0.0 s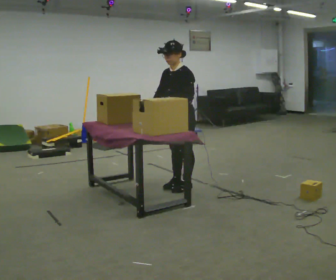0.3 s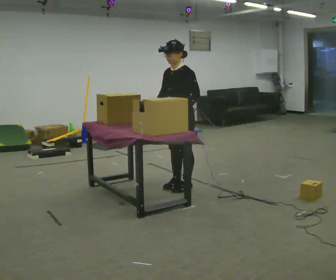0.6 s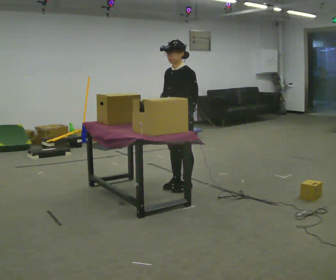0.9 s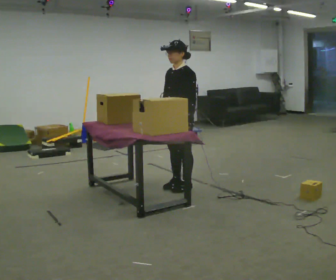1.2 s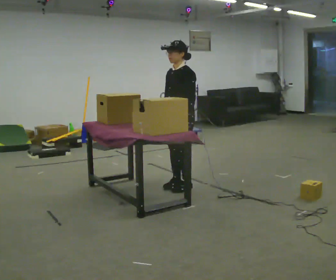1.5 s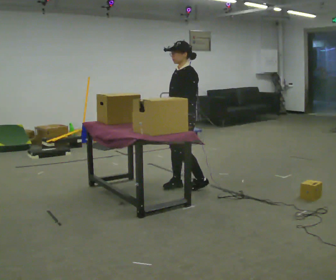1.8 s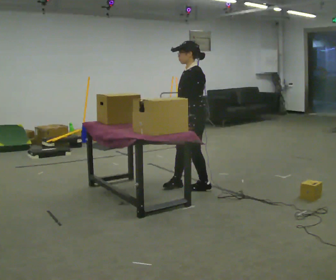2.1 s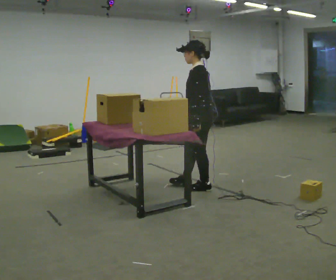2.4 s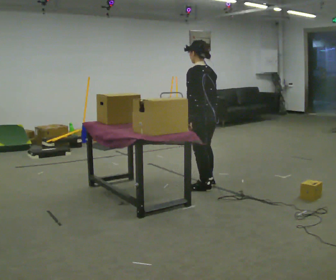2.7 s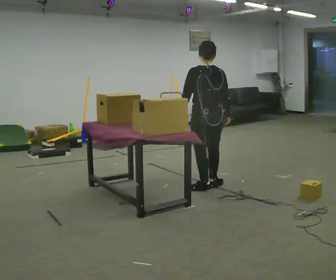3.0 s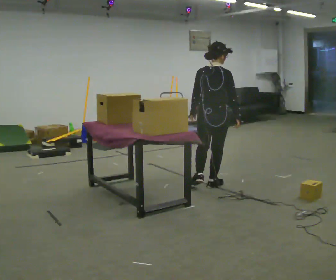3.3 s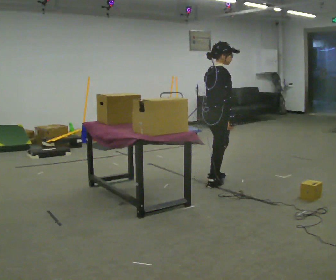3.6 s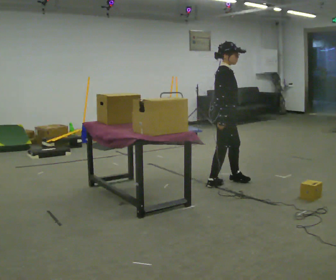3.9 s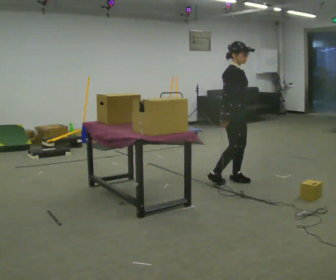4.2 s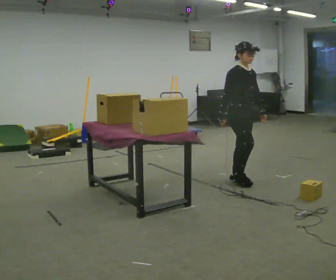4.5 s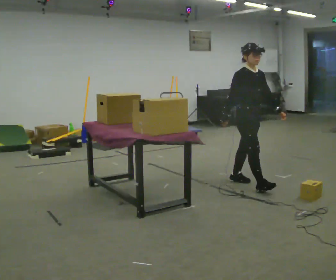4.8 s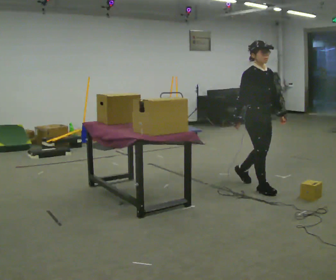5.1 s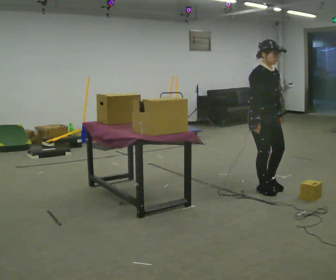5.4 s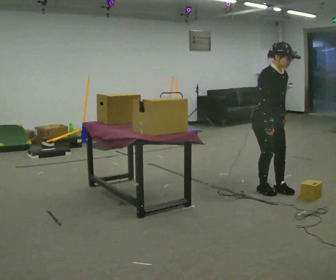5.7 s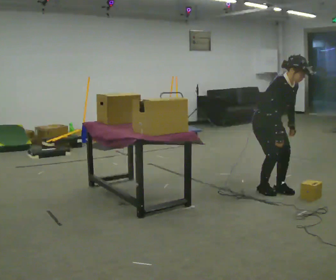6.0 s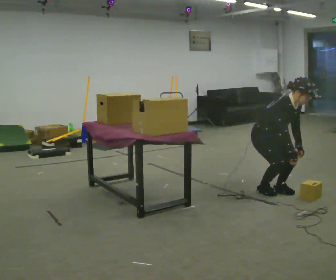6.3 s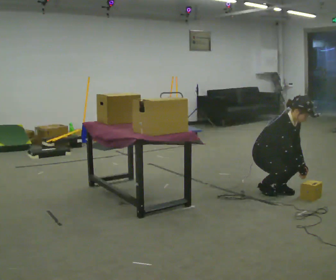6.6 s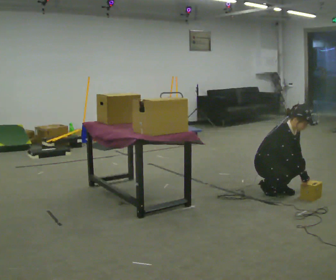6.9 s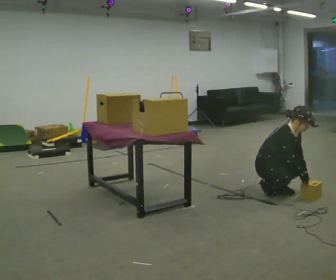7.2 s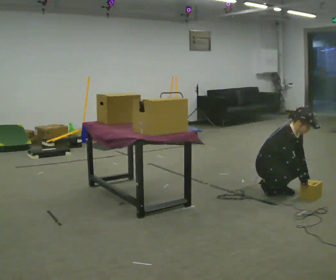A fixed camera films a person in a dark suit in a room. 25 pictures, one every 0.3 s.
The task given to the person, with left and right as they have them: Carry the object over and fit it into the gap between the two boxes already on the shelf, without touching either of them. Keep going until the operator says stop; one object at a time, and do not rush between trips.
0.0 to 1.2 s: The person moves a little, or ends about where they began.
1.2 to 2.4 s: The person turns about 75 degrees to their right, clockwise seen from above, so the part of the body nearest the lens slides to the left. In the picture they go to the right, about 0.25 m in 2 steps.
2.4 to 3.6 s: Seen from above the body turns clockwise, about 150 degrees: to their right, with its near side sliding to the left. In the picture they go to the right and away from the camera, about 0.25 m in 1 step.
3.6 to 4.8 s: The person turns about 45 degrees to their right, clockwise seen from above, so the part of the body nearest the lens slides to the left. In the picture they go to the right and toward the camera, about 0.5 m in 1 step, which for them is forward.
4.8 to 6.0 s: The shoulders move downward. In the picture the upper body tilts clockwise, shoulders to the right, as they bend forward. In the picture their right hand goes to the right and downward.
6.0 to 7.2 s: The upper body goes downward.
The film runs forward here.
